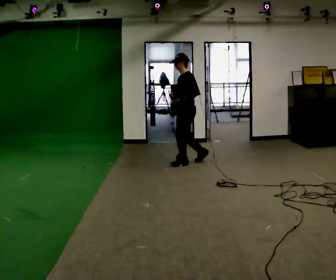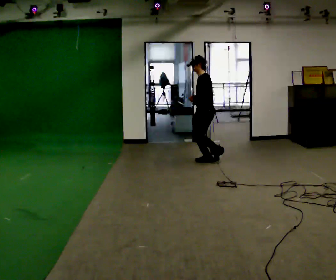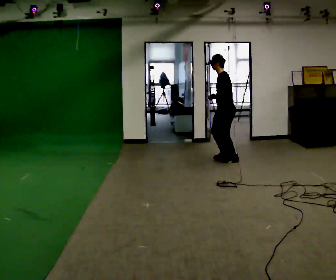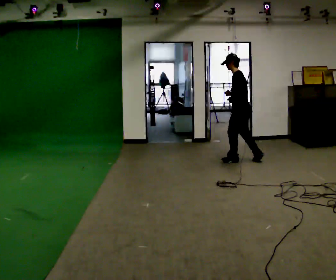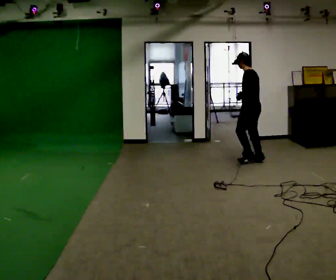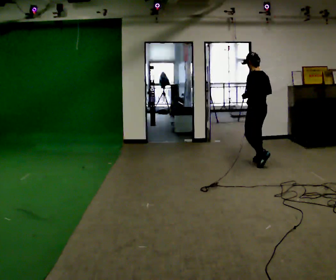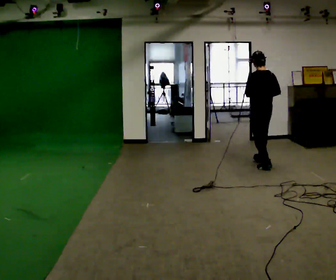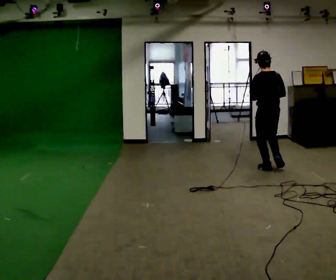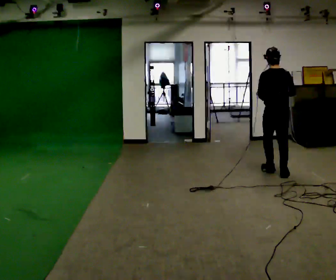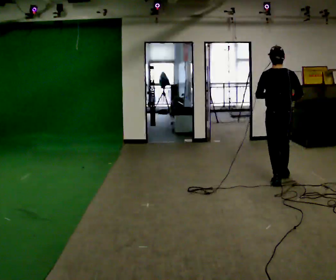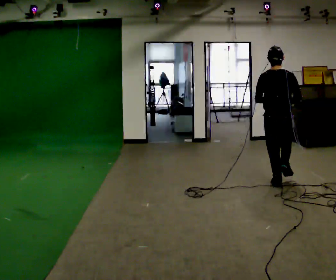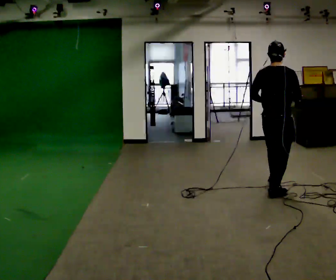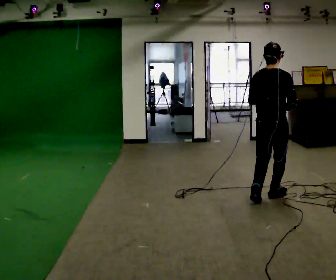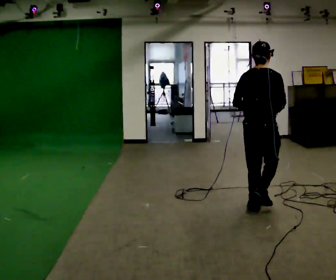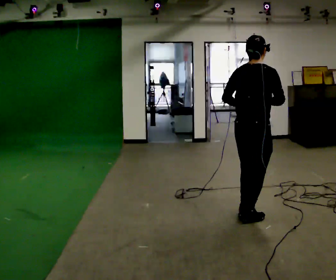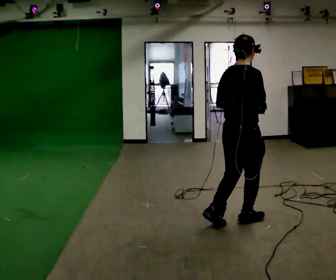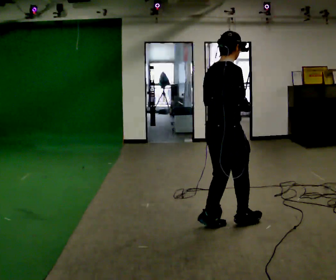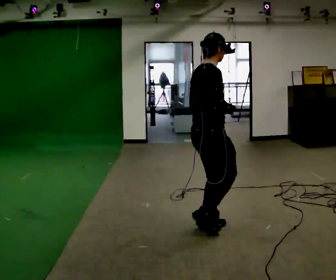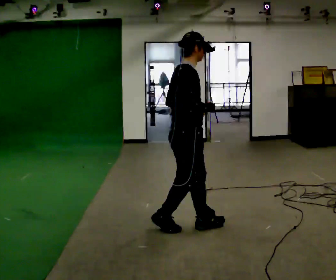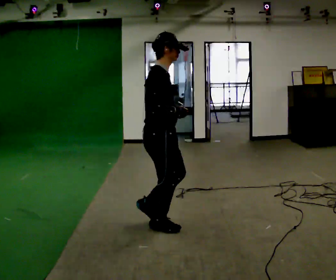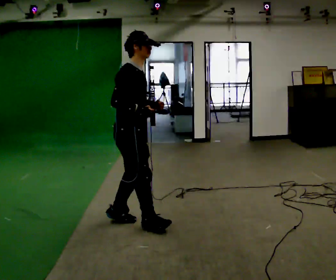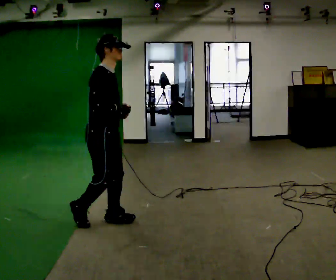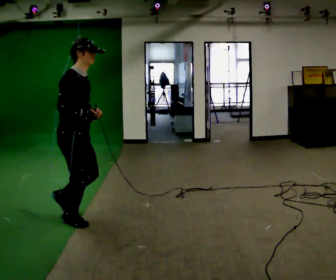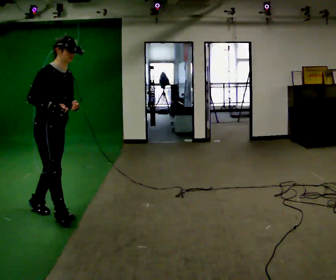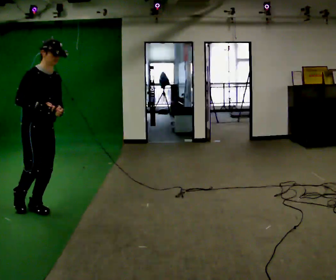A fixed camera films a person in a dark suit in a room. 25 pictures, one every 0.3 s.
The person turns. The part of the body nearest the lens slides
to the left.
The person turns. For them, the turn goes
to their right.
0.0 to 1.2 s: The person turns about 45 degrees to their right, clockwise seen from above, so the part of the body nearest the lens slides to the left. In the picture they go to the right, about 1 m in 3 steps, which for them is backward.
1.2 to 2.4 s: The person turns about 45 degrees to their right, clockwise seen from above, so the part of the body nearest the lens slides to the left. In the picture they go toward the camera and to the right, about 1 m in 2 steps, which for them is backward.
2.4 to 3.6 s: Seen from above the body turns clockwise, about 30 degrees: to their right, with its near side sliding to the left. In the picture they go toward the camera, about 1 m in 2 steps, which for them is backward.
3.6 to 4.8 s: The part of the body nearest the lens slides to the left as the person turns to their right by about 30 degrees. In the picture they go toward the camera and to the left, about 1 m in 3 steps, which for them is backward.
4.8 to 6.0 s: The person turns about 30 degrees to their right, clockwise seen from above, so the part of the body nearest the lens slides to the left. In the picture they go to the left, about 1 m in 2 steps, which for them is backward.
6.0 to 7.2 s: The person turns about 30 degrees to their right, clockwise seen from above, so the part of the body nearest the lens slides to the left. In the picture they go to the left, about 1 m in 2 steps, which for them is backward.
The film runs backward here.
